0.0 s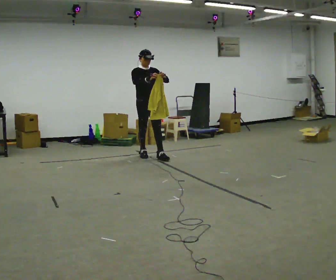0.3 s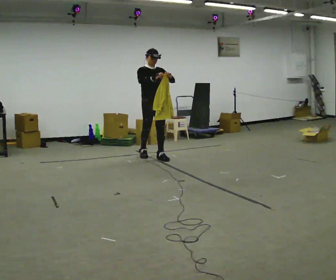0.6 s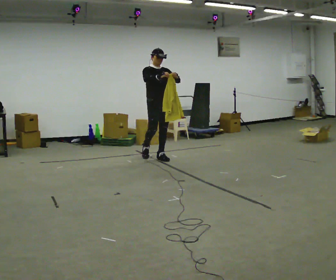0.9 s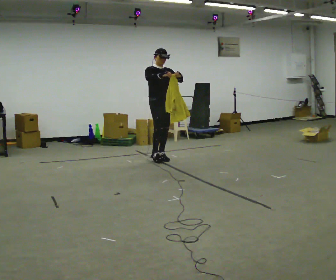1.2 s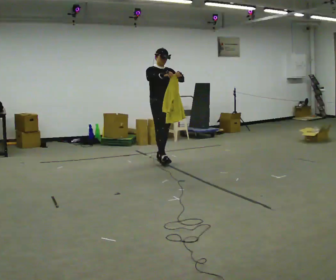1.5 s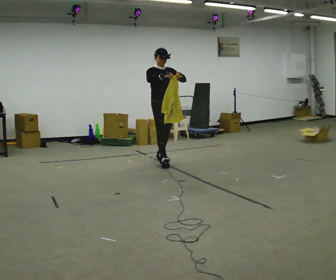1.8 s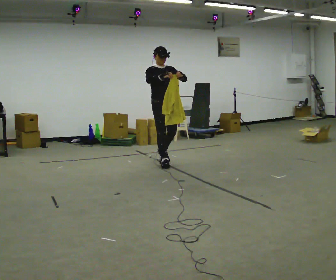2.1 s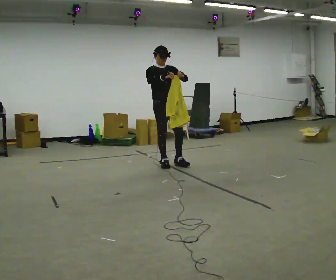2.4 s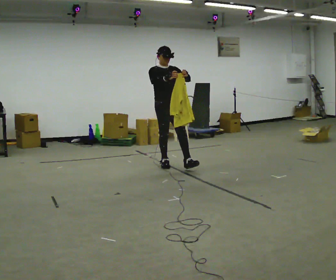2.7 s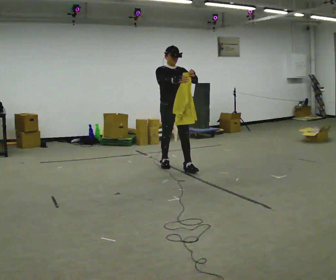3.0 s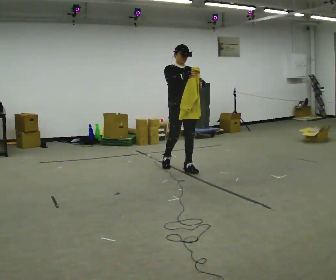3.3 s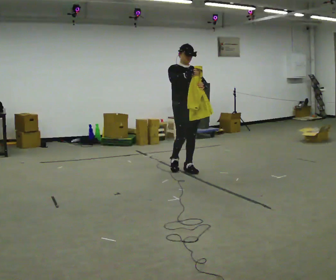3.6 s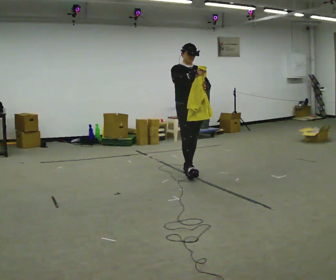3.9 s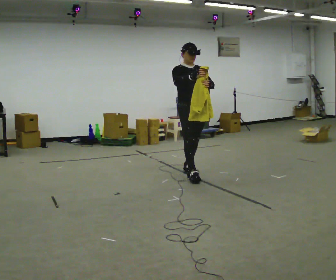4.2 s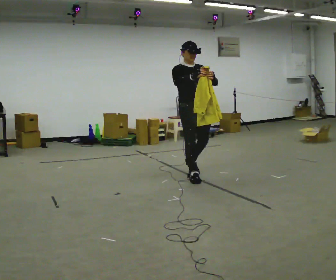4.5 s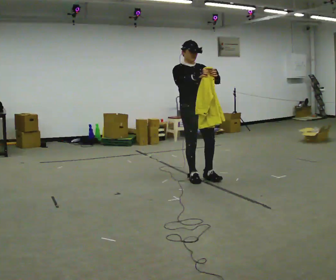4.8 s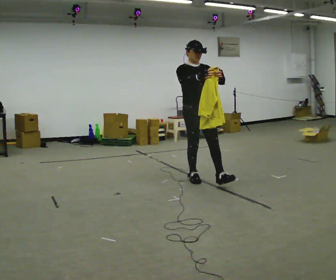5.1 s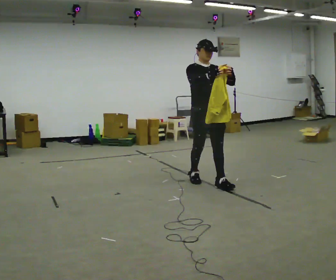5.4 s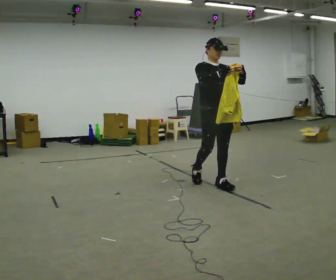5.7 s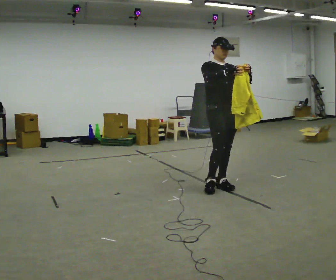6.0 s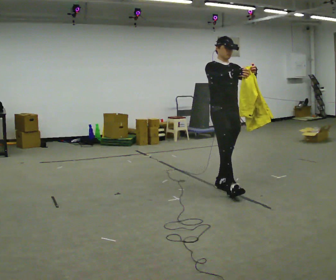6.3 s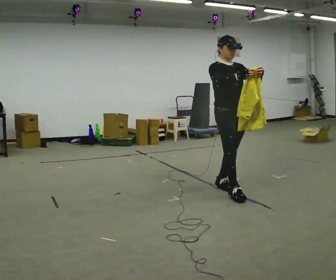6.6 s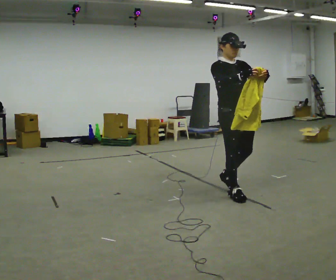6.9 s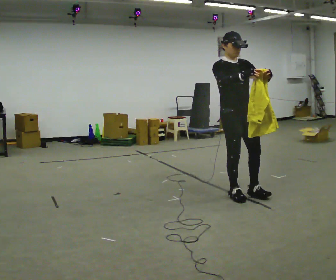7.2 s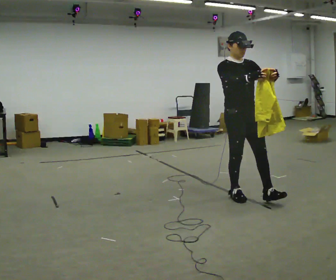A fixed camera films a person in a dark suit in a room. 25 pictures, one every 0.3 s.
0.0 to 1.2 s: In the picture they go to the right and toward the camera, about 0.25 m, which for them is forward.
1.2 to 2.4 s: In the picture they go toward the camera, about 0.5 m in 1 step, which for them is forward.
2.4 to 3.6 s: In the picture they go toward the camera and to the right, about 0.5 m in 1 step, which for them is forward.
3.6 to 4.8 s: In the picture they go toward the camera, about 0.5 m in 1 step, which for them is forward.
4.8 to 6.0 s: In the picture they go toward the camera and to the right, about 0.5 m in 1 step, which for them is forward.
6.0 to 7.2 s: In the picture they go toward the camera, about 0.5 m in 2 steps, which for them is forward.
The film runs forward here.
